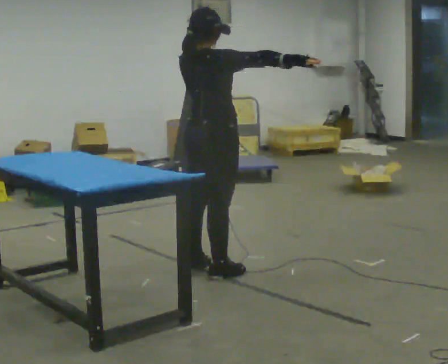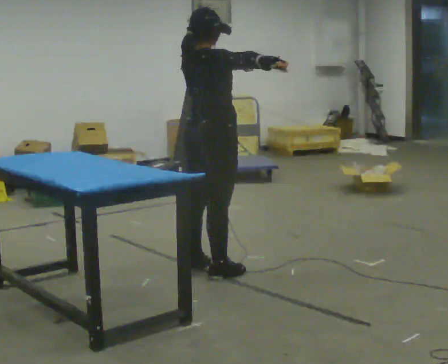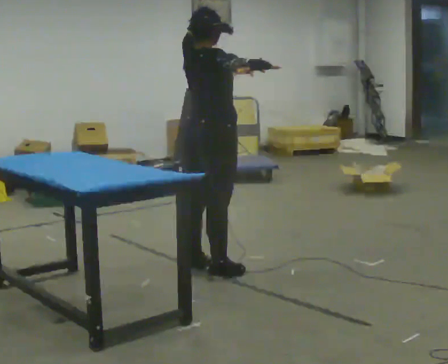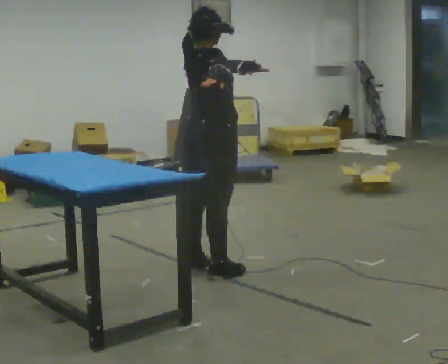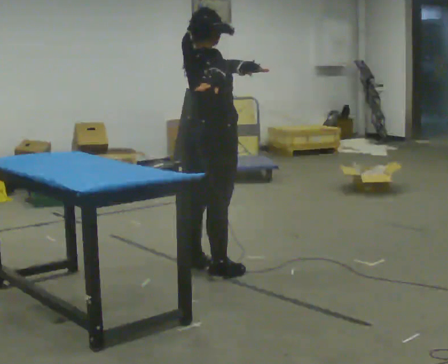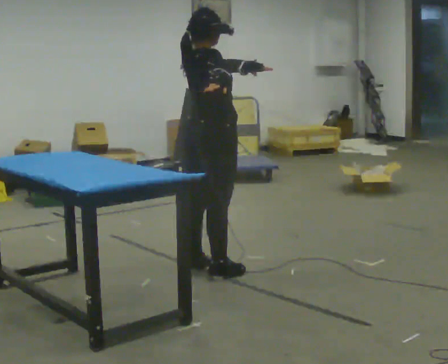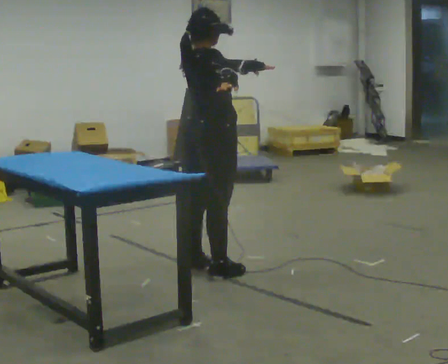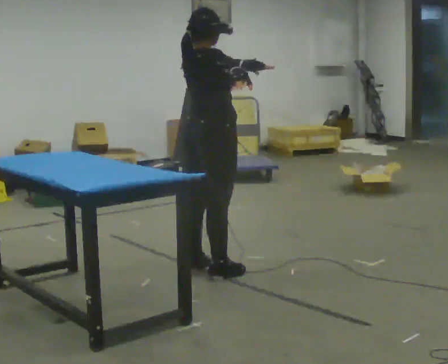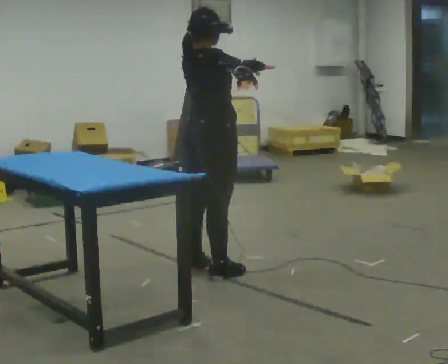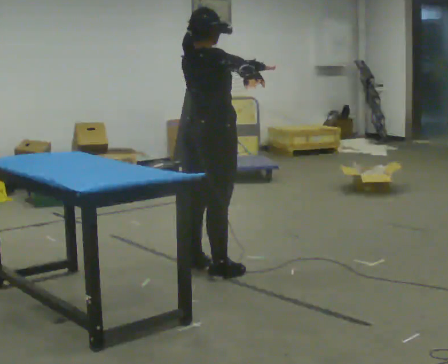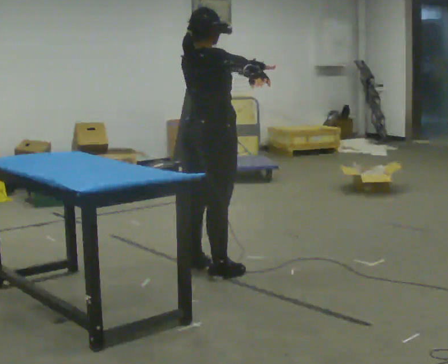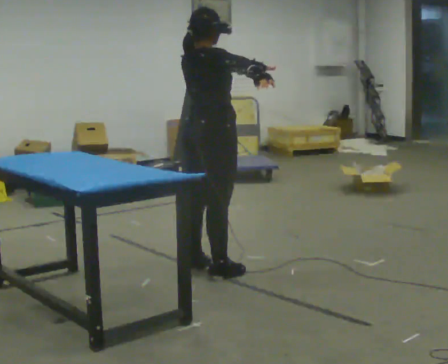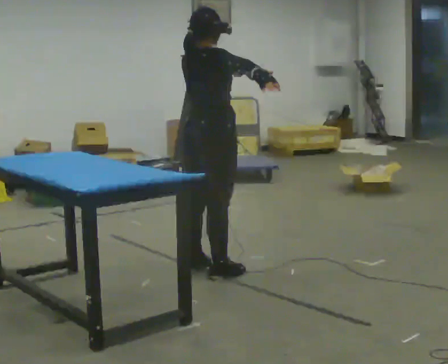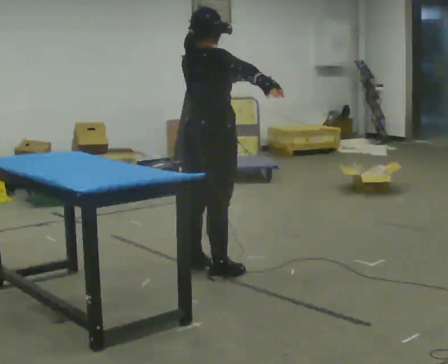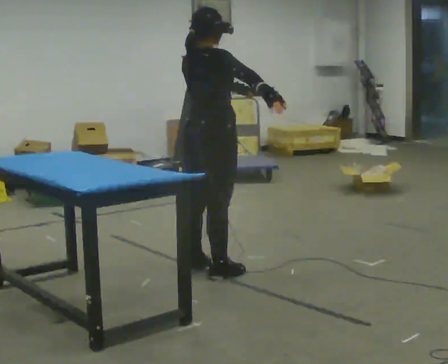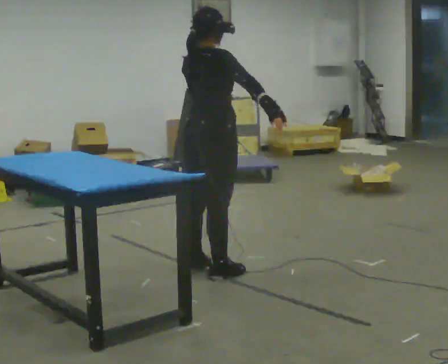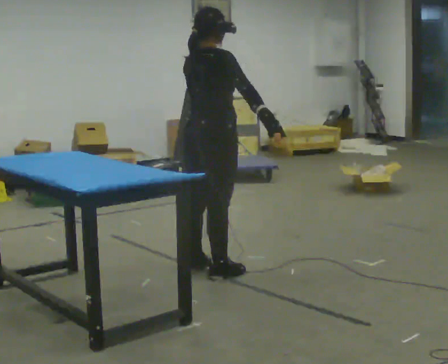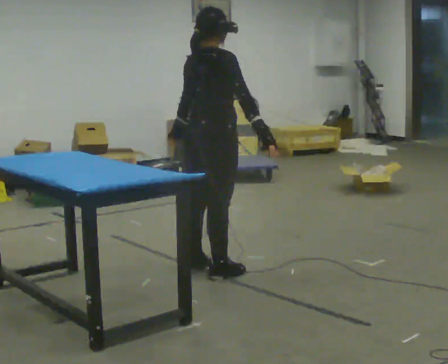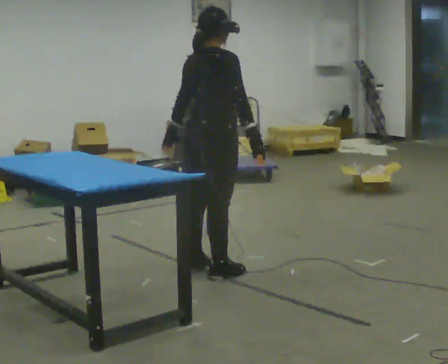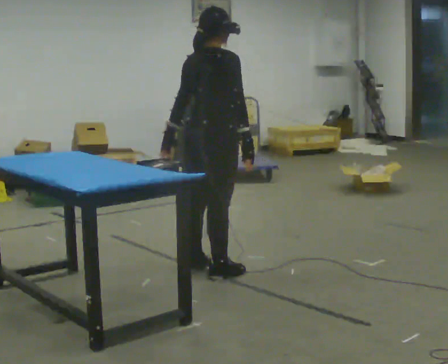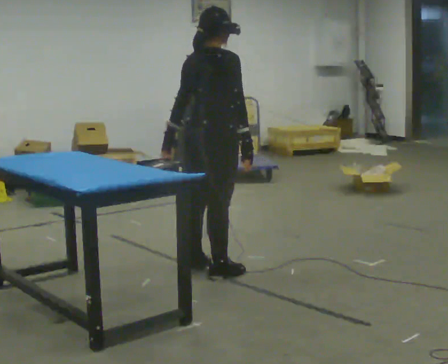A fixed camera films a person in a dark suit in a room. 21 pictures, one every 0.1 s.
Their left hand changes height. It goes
downward.
Their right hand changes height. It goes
downward.
0.0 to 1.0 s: The person moves a little, or ends about where they began.
1.0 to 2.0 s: In the picture their left hand goes to the left and downward.
The film runs forward here.
